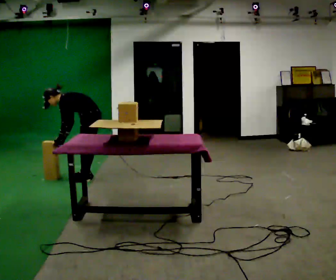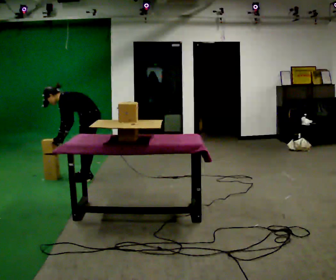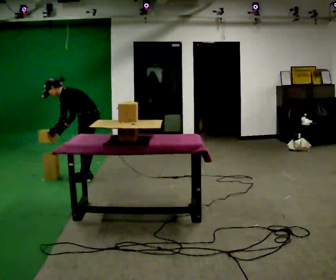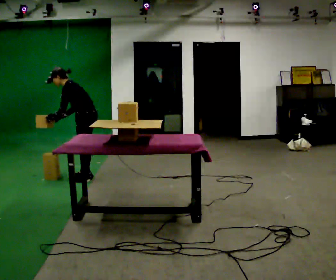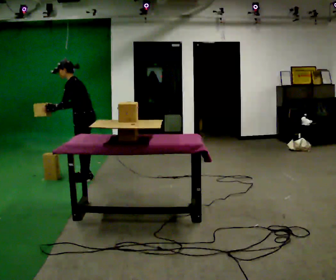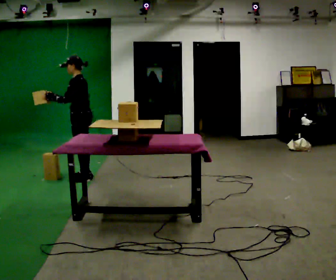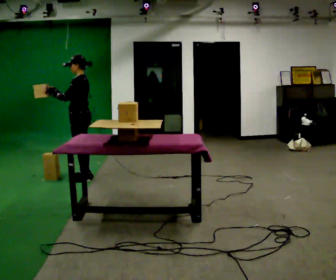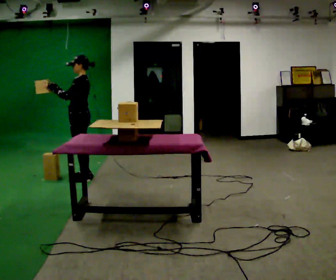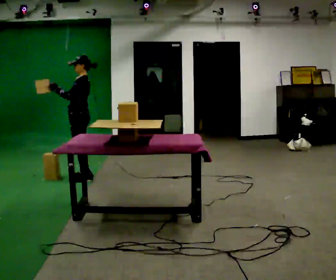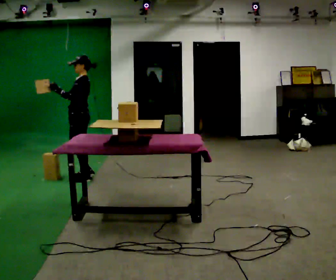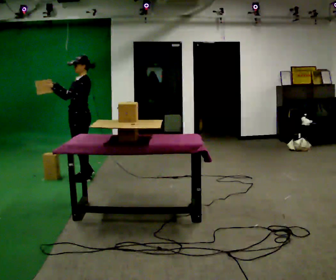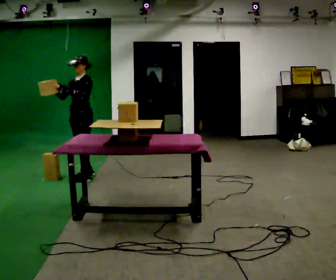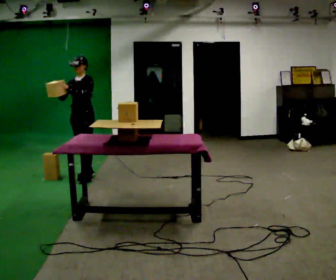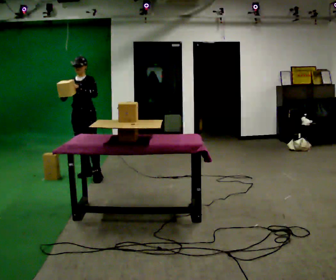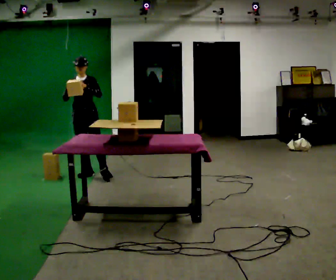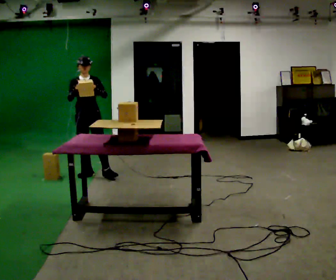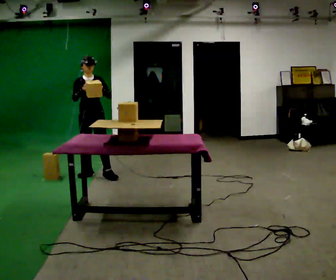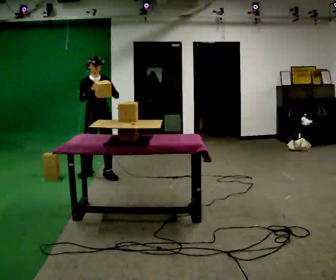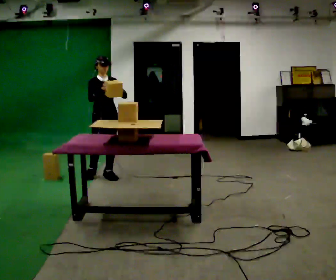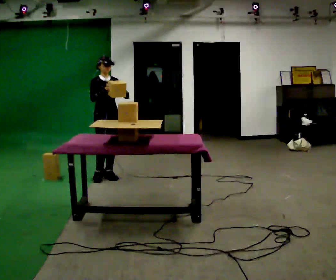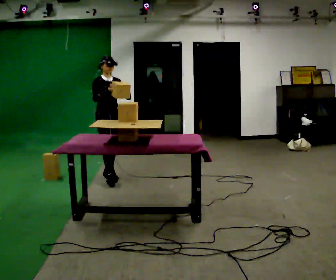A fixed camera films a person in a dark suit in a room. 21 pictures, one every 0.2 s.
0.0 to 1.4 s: The upper body goes upward. In the picture the upper body tilts clockwise, shoulders to the right, as they lean back or straighten. In the picture their right hand goes upward, the arm swinging clockwise.
1.4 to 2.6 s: The part of the body nearest the lens slides to the right as the person turns to their left by about 75 degrees. In the picture they go away from the camera, about 0.25 m in 1 step.
2.6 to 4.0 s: The person turns about 45 degrees to their left, counterclockwise seen from above, so the part of the body nearest the lens slides to the right. In the picture they go to the right and toward the camera, about 0.25 m in 1 step, which for them is to their left and forward.
The film runs forward here.
